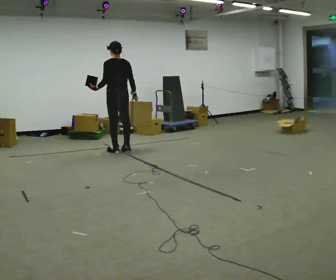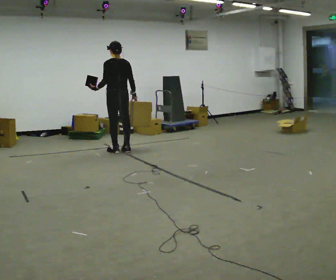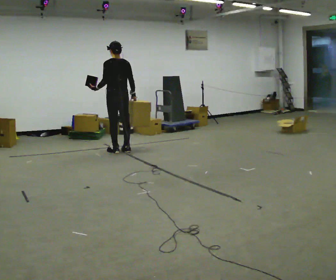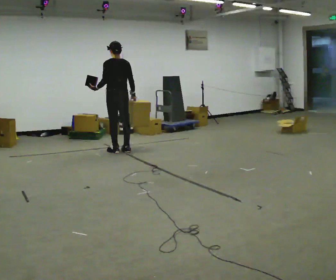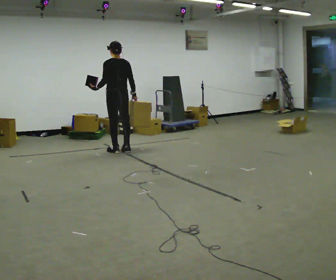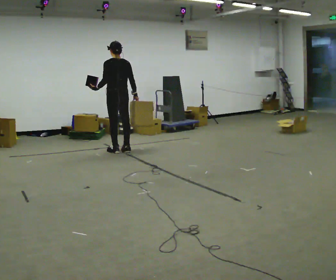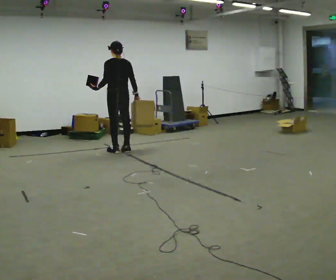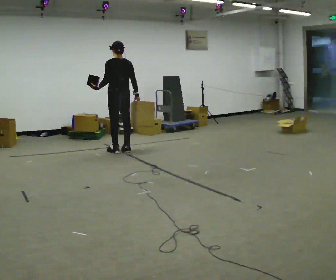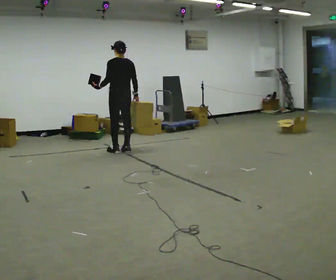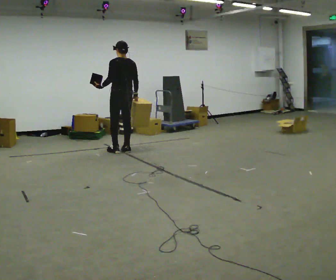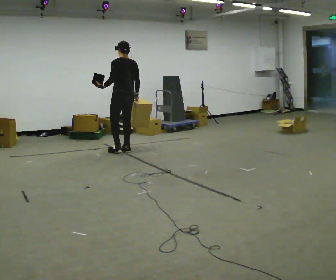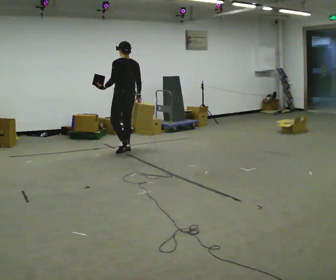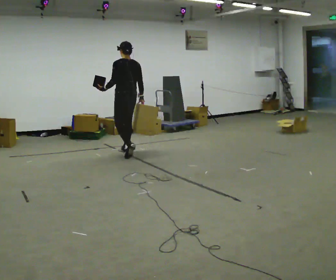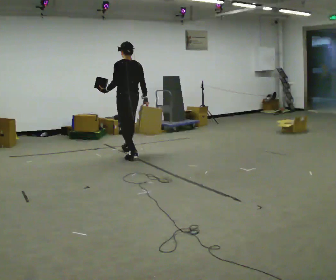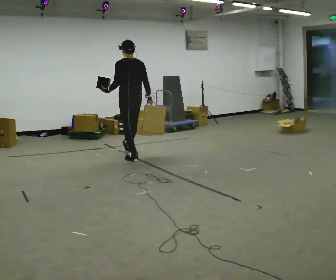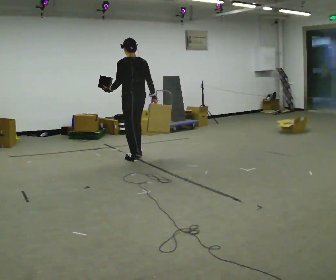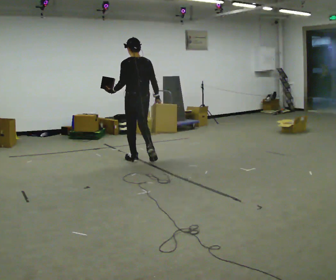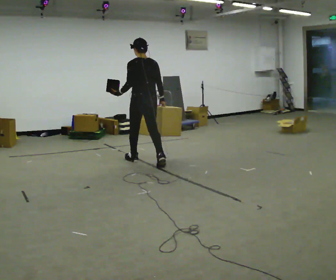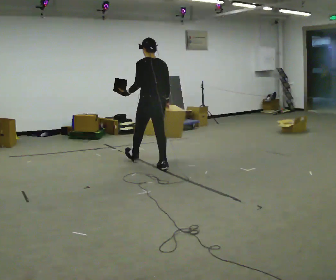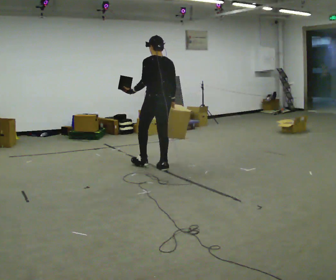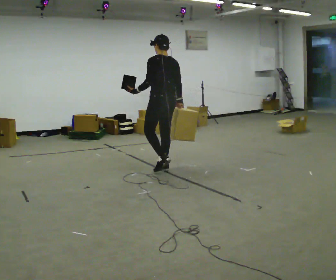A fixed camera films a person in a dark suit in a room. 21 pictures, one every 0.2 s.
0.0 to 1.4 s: The person moves a little, or ends about where they began.
1.4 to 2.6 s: In the picture they go toward the camera and to the right, about 0.25 m in 1 step, which for them is backward.
2.6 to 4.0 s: In the picture they go toward the camera and to the right, about 1 m in 2 steps, which for them is backward.
The film runs backward here.
